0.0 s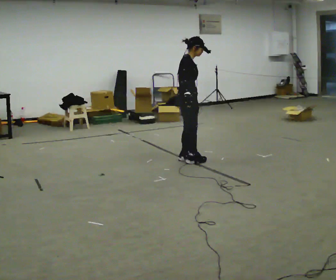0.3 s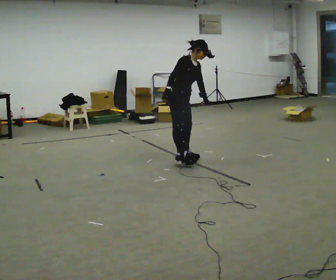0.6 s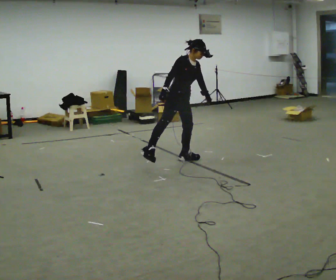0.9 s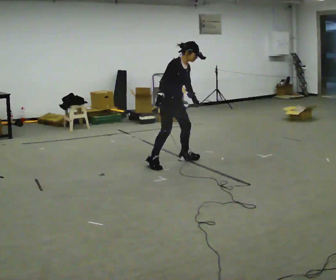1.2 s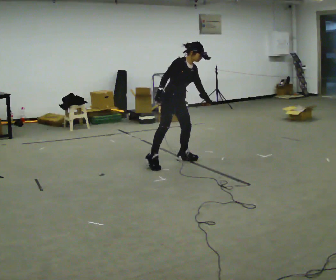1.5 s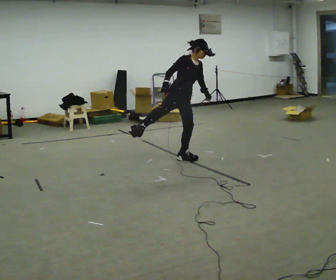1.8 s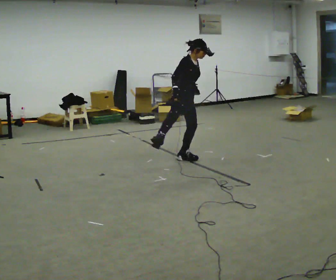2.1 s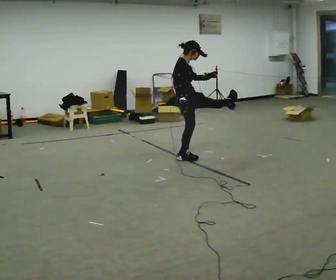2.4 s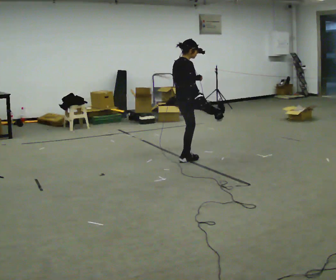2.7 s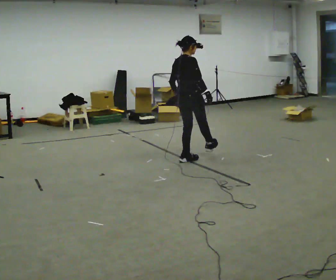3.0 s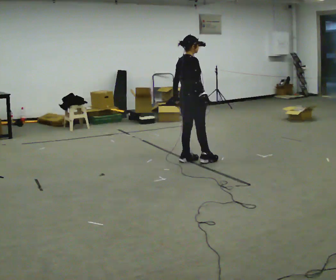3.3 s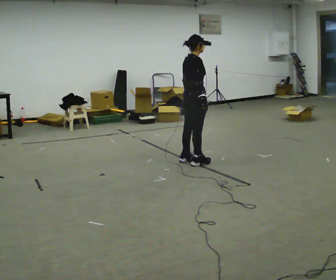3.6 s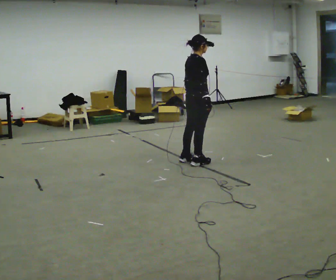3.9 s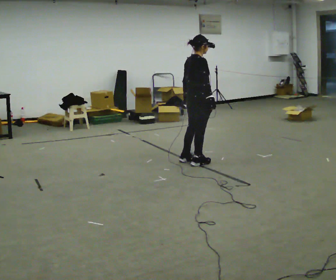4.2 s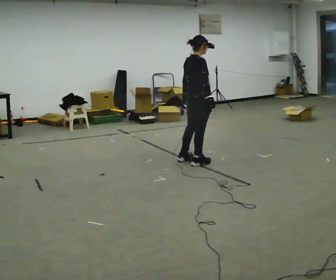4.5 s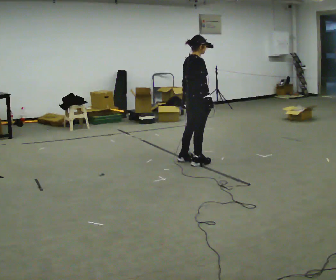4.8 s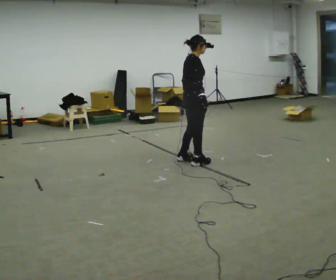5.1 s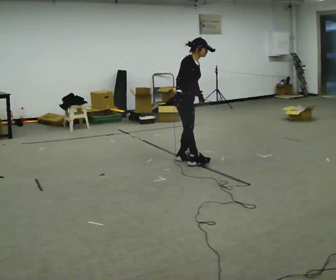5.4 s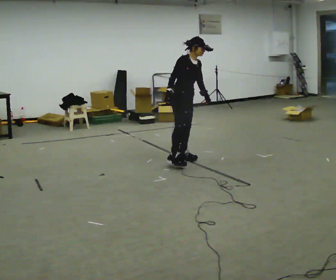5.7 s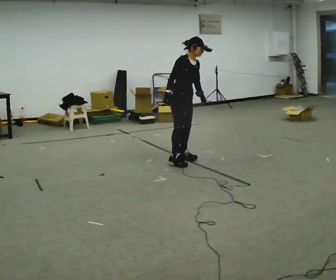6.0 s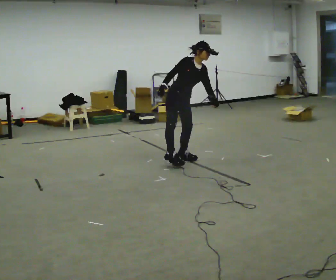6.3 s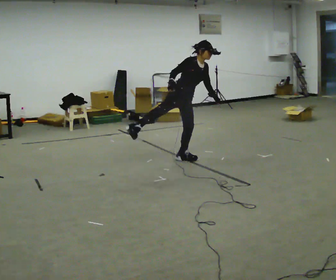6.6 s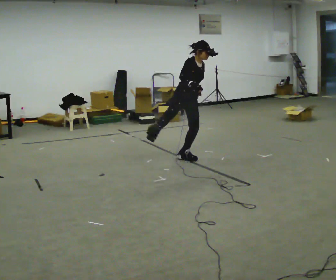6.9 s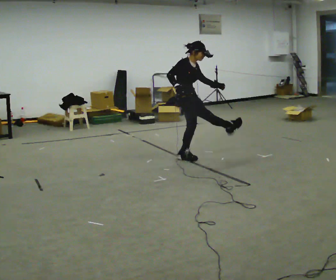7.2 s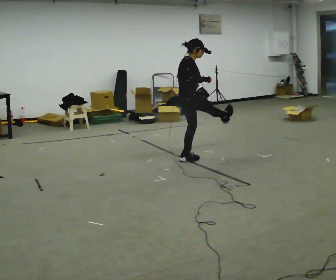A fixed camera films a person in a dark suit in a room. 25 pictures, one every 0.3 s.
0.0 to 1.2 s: The part of the body nearest the lens slides to the left as the person turns to their right by about 45 degrees. In the picture the upper body tilts clockwise, shoulders to the right.
1.2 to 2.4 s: Seen from above the body turns counterclockwise, about 90 degrees: to their left, with its near side sliding to the right. In the picture they go to the right, about 0.25 m. In the picture the upper body tilts counterclockwise, shoulders to the left, as they lean back or straighten. In the picture their right hand goes to the right, the arm swinging counterclockwise.
2.4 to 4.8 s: The part of the body nearest the lens slides to the left as the person turns to their right by about 45 degrees.
4.8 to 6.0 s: Seen from above the body turns clockwise, about 60 degrees: to their right, with its near side sliding to the left. In the picture they go to the left, about 0.25 m in 1 step, which for them is backward. In the picture the upper body tilts clockwise, shoulders to the right, as they bend forward. In the picture their right hand goes to the left, the arm swinging clockwise.
6.0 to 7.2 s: Seen from above the body turns counterclockwise, about 90 degrees: to their left, with its near side sliding to the right. In the picture the upper body tilts counterclockwise, shoulders to the left, as they lean back or straighten. In the picture their right hand goes to the right.
The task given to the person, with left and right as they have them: Mime kicking a football with no ball: plant one foot and swing the other through. Repeat the movement at your own pace until the operator says stop; do not rush.
The film runs forward here.
